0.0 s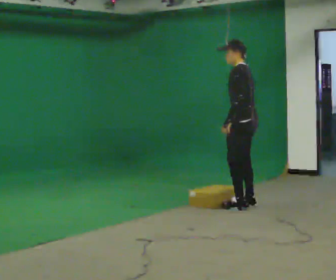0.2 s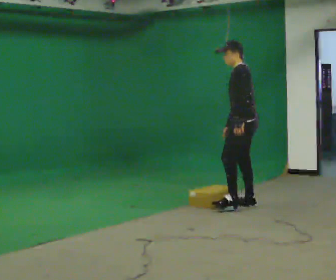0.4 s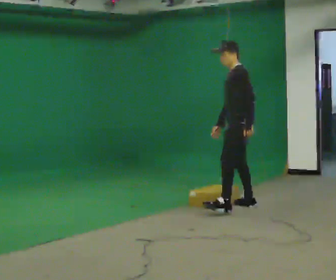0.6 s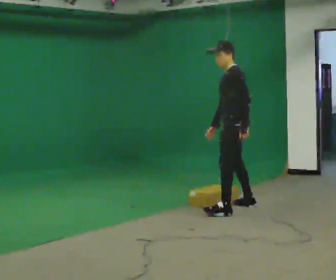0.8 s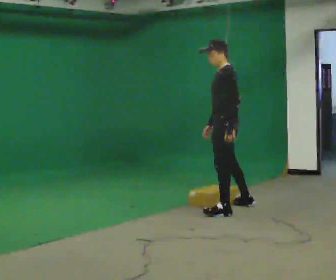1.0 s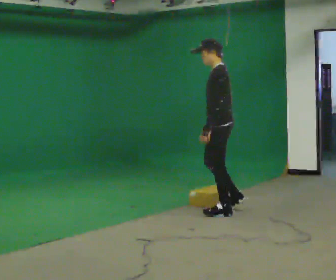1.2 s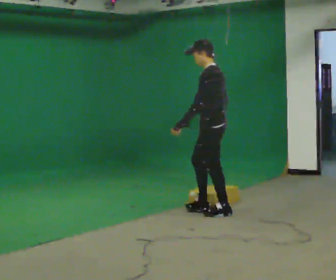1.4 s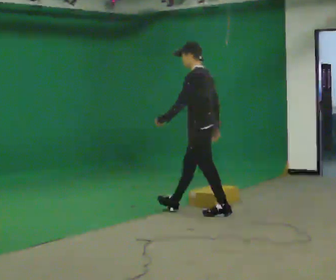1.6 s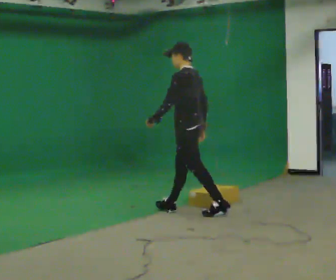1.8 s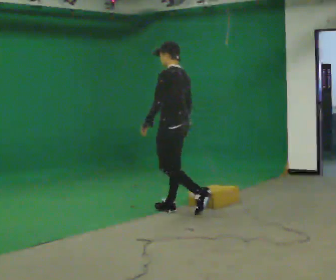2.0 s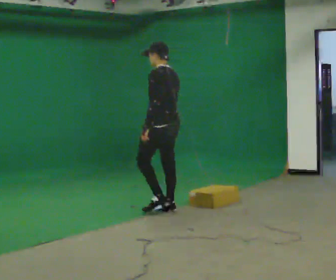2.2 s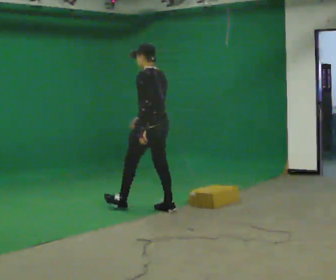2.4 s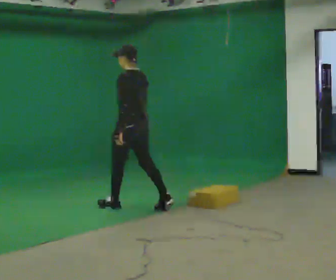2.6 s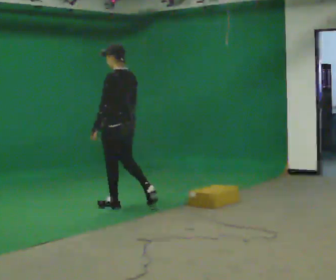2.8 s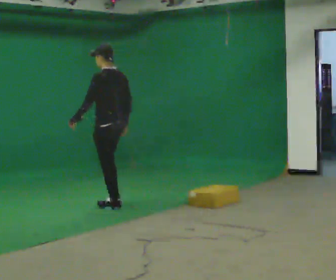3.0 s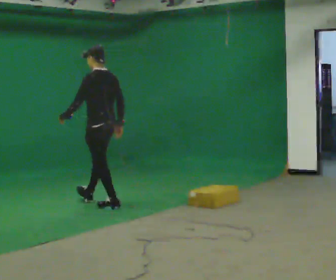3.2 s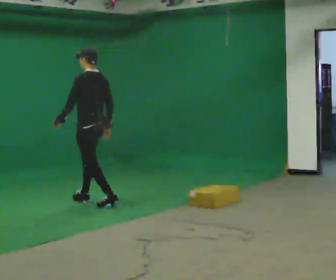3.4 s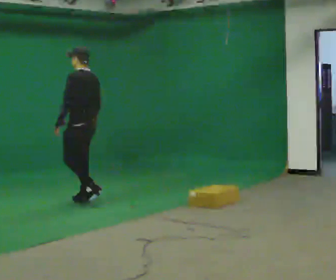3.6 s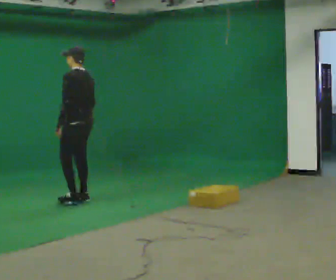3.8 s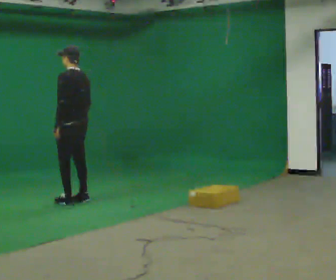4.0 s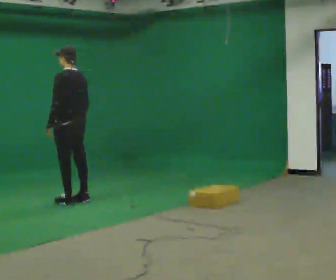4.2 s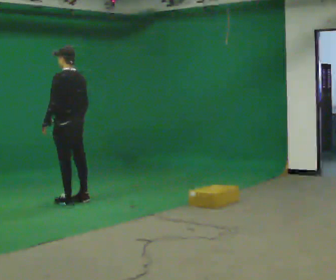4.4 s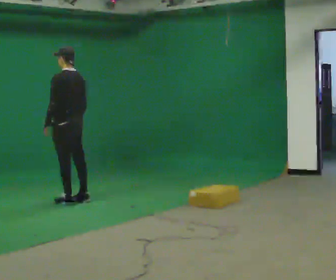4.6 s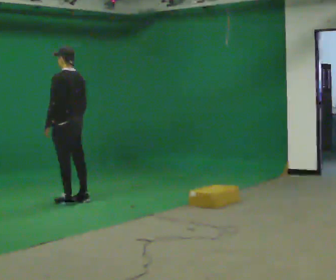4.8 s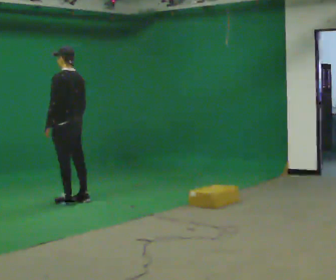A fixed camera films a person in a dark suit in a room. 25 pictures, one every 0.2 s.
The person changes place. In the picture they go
to the left.
0.0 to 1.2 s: In the picture they go to the left and toward the camera, about 0.5 m in 1 step, which for them is forward and to their left.
1.2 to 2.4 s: Seen from above the body turns clockwise, about 30 degrees: to their right, with its near side sliding to the left. In the picture they go to the left and away from the camera, about 1 m in 2 steps, which for them is forward.
2.4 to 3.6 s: In the picture they go to the left and away from the camera, about 0.5 m in 1 step, which for them is forward.
3.6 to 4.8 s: The person moves a little, or ends about where they began.
The film runs forward here.
